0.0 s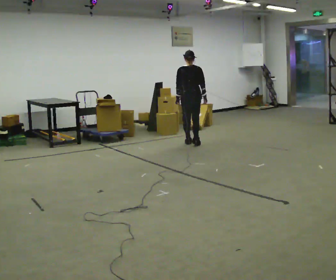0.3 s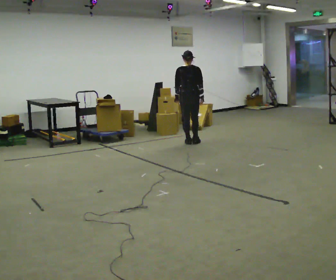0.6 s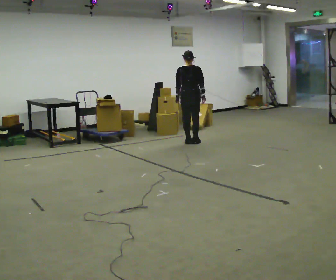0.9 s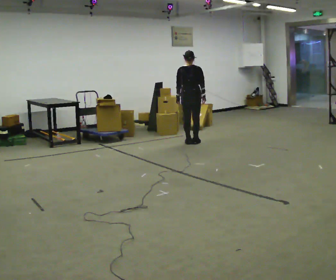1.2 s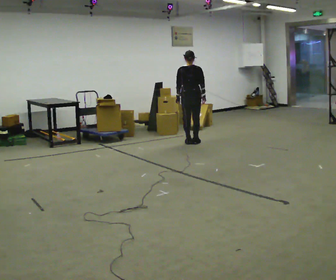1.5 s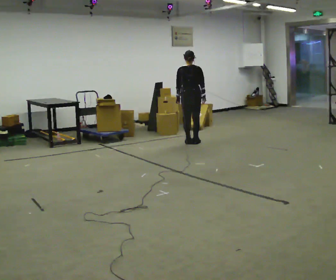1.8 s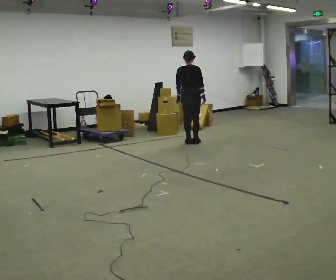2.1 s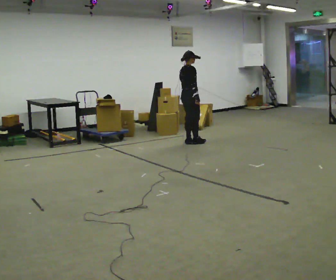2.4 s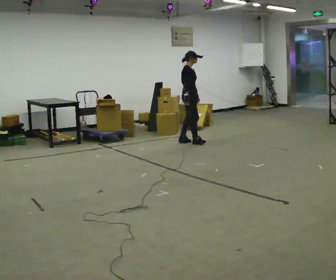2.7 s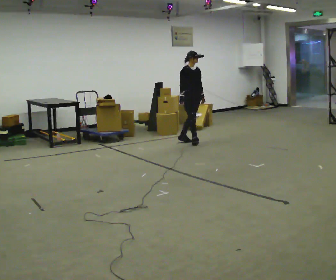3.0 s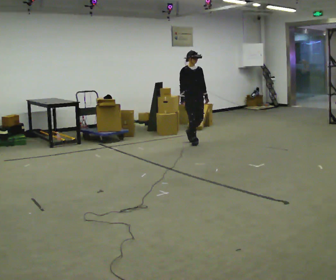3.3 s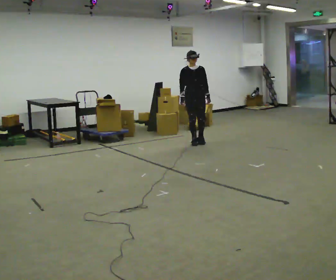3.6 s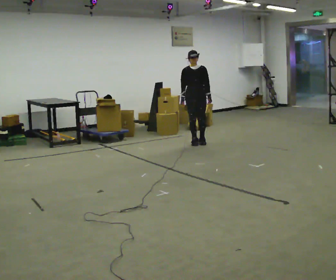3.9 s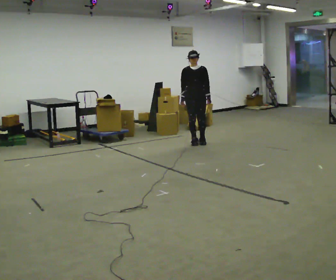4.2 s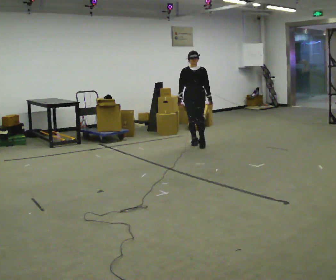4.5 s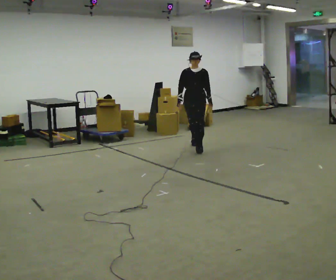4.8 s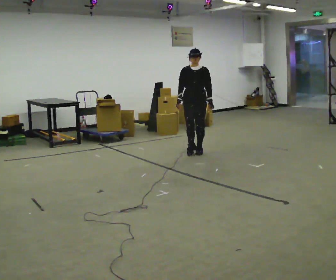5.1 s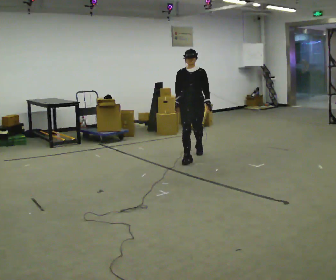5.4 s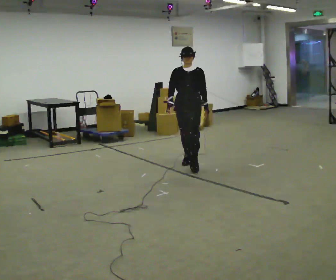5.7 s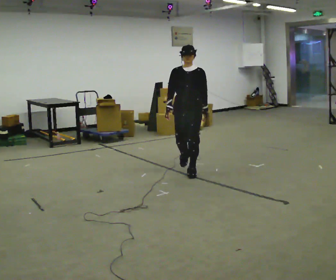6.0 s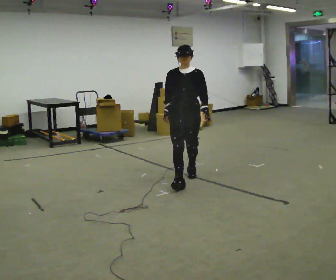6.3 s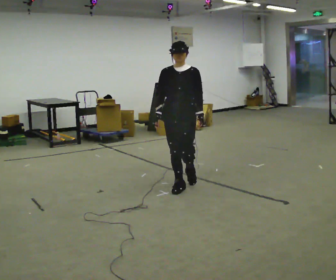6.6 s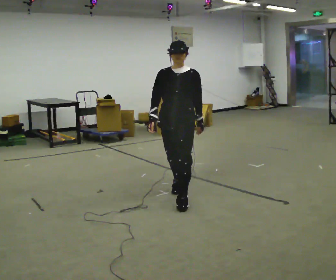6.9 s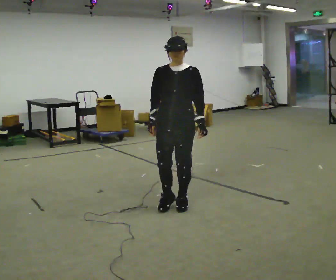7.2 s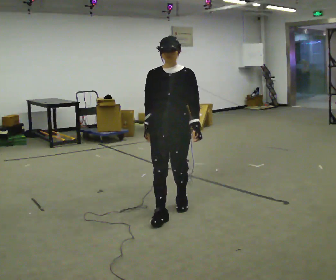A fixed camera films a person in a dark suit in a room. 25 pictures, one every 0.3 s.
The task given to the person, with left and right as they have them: Start still; accelerate to fast walking; hold the fast speed for several steps; decelerate and stop. Do not run.
0.0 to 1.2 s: The person moves a little, or ends about where they began.
1.2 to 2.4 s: The part of the body nearest the lens slides to the left as the person turns to their right by about 105 degrees.
2.4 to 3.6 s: The person turns about 75 degrees to their right, clockwise seen from above, so the part of the body nearest the lens slides to the left.
3.6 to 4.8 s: In the picture they go toward the camera, about 0.5 m in 1 step, which for them is forward.
4.8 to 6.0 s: In the picture they go toward the camera, about 1.5 m in 2 steps, which for them is forward.
6.0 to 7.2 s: In the picture they go toward the camera, about 1 m in 3 steps, which for them is forward.
The film runs forward here.
